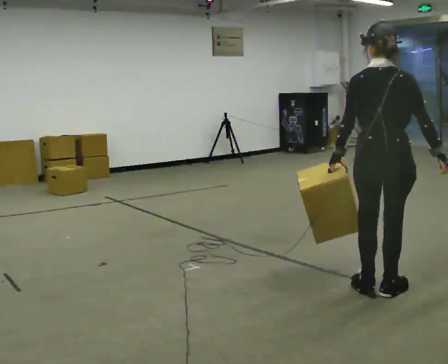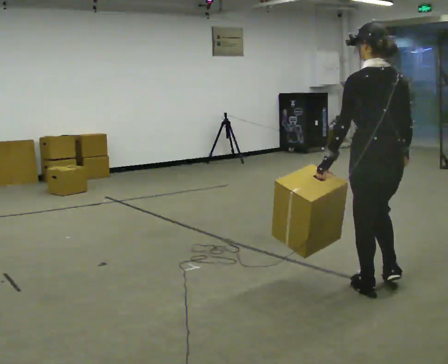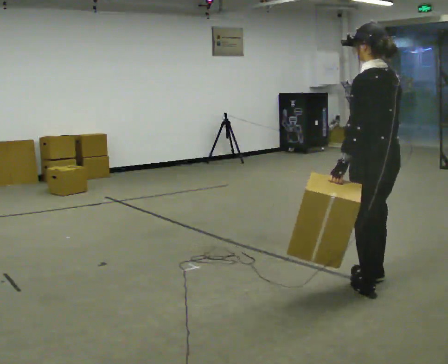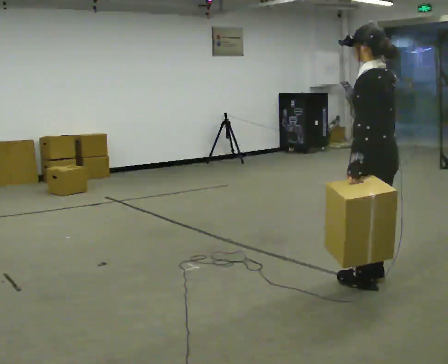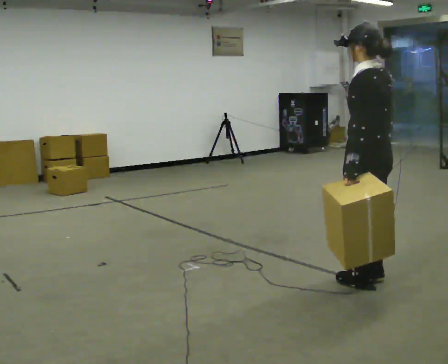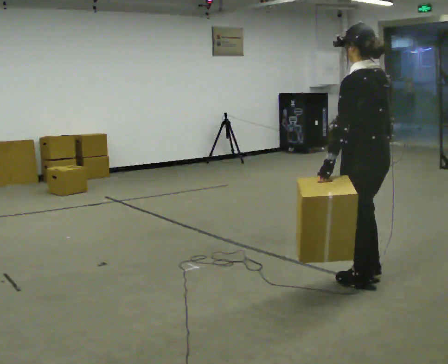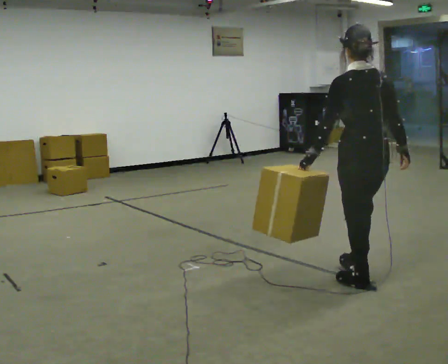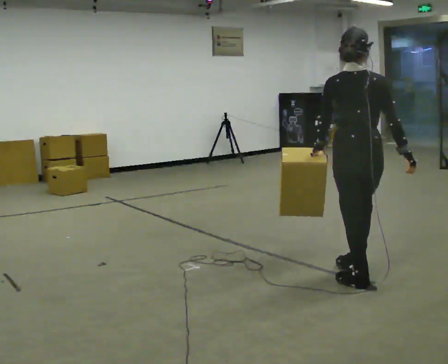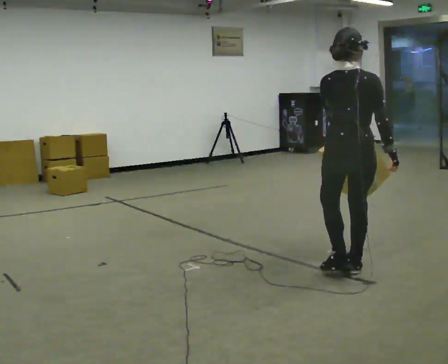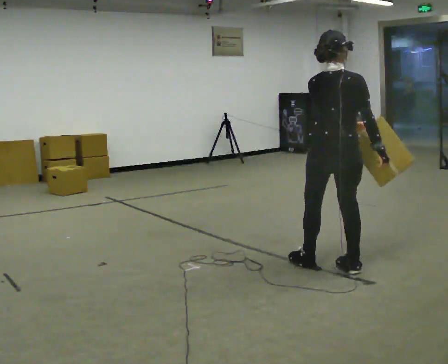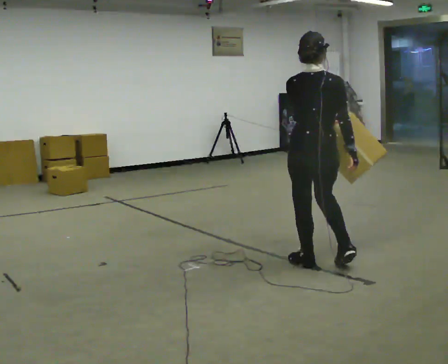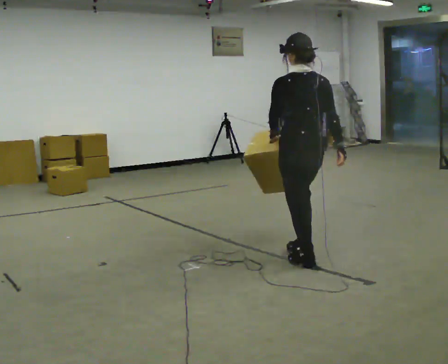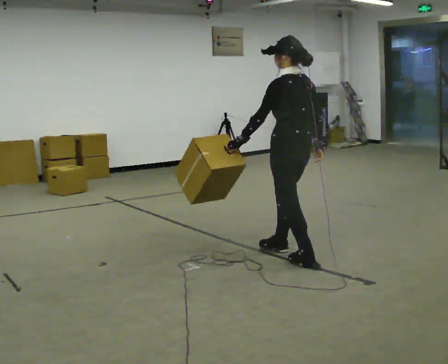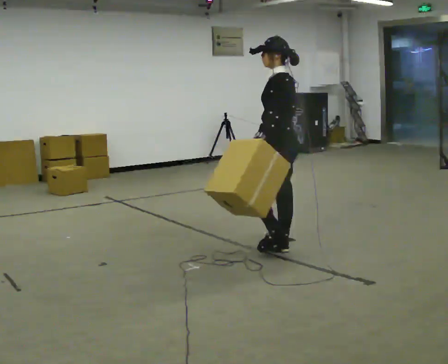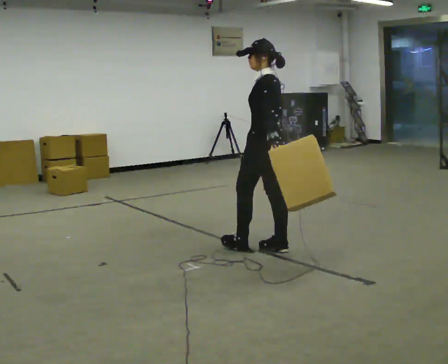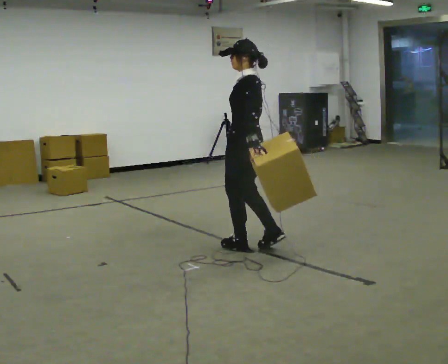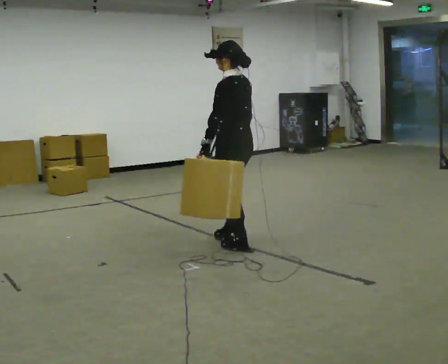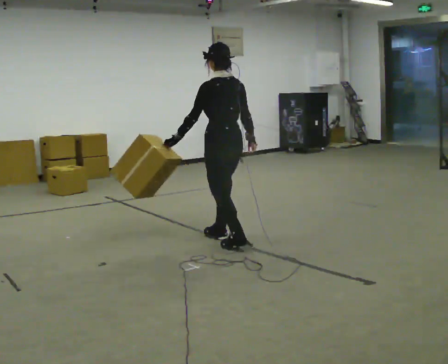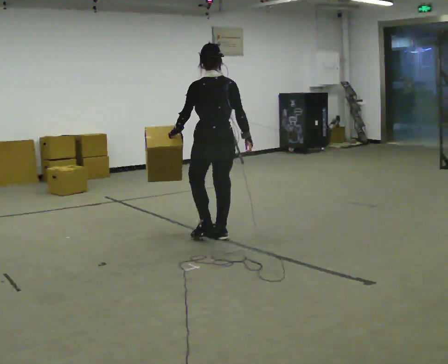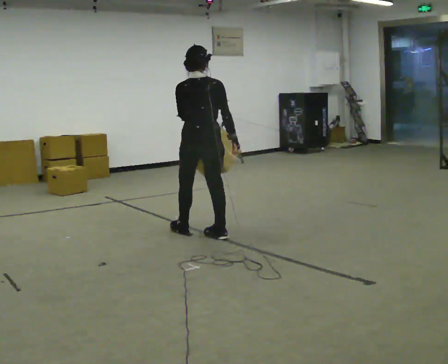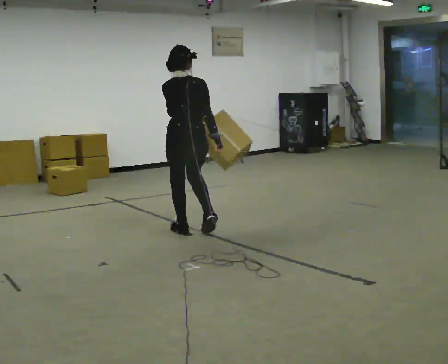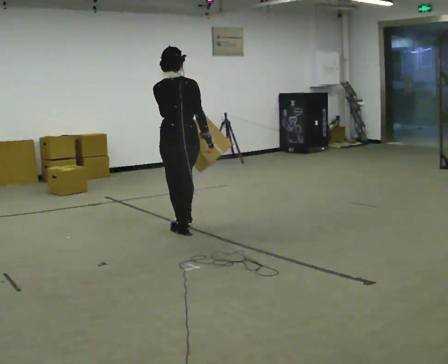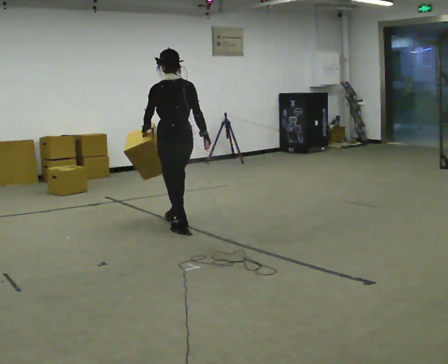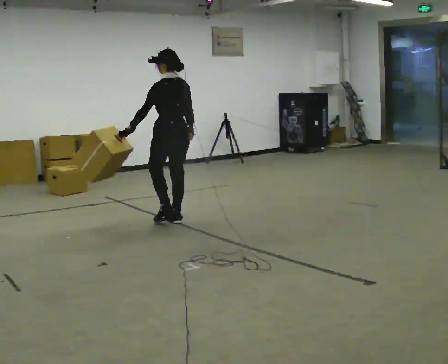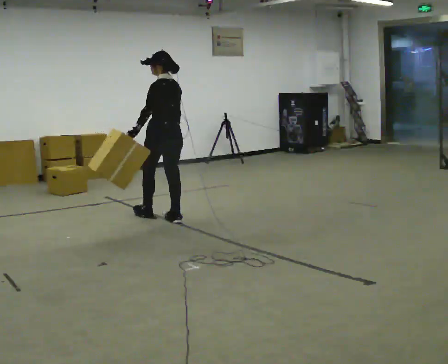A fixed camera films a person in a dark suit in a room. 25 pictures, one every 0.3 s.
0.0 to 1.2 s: Seen from above the body turns counterclockwise, about 60 degrees: to their left, with its near side sliding to the right.
1.2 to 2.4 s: Seen from above the body turns clockwise, about 45 degrees: to their right, with its near side sliding to the left. In the picture they go away from the camera, about 0.25 m in 1 step, which for them is forward.
2.4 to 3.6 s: Seen from above the body turns counterclockwise, about 60 degrees: to their left, with its near side sliding to the right. In the picture they go away from the camera and to the left, about 0.5 m in 2 steps, which for them is forward and to their left.
3.6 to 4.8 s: In the picture they go to the left and away from the camera, about 0.5 m in 1 step, which for them is forward.
4.8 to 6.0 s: The person turns about 45 degrees to their right, clockwise seen from above, so the part of the body nearest the lens slides to the left. In the picture they go to the left and away from the camera, about 0.5 m in 2 steps, which for them is forward.
6.0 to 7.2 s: The part of the body nearest the lens slides to the right as the person turns to their left by about 45 degrees. In the picture they go away from the camera and to the left, about 0.5 m in 2 steps, which for them is forward.
The film runs forward here.
